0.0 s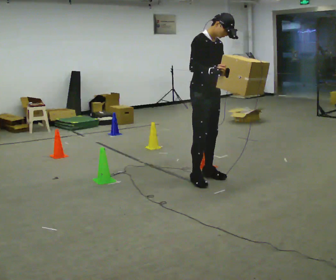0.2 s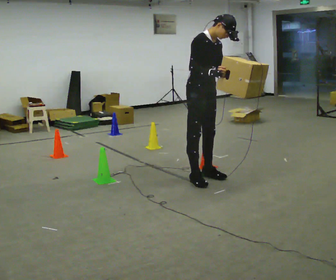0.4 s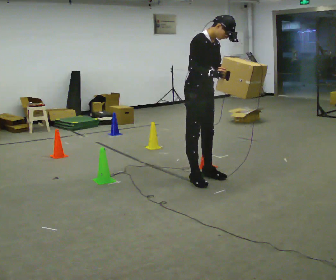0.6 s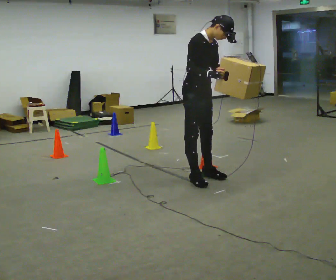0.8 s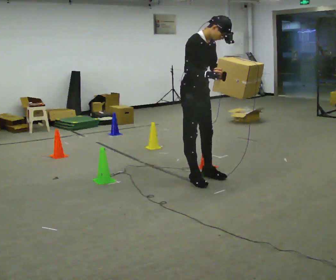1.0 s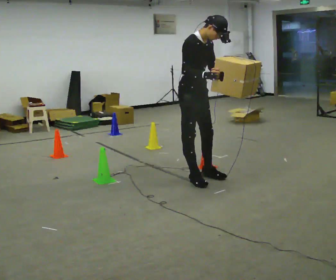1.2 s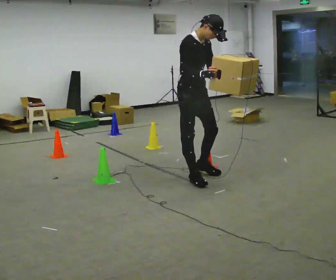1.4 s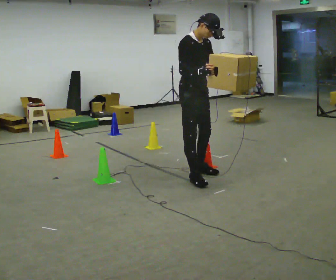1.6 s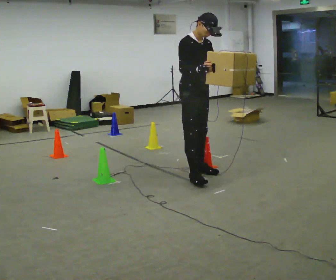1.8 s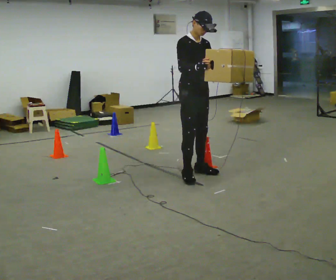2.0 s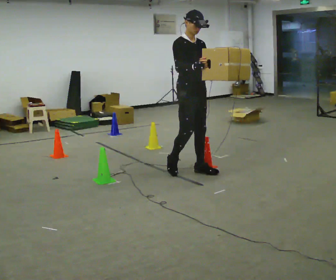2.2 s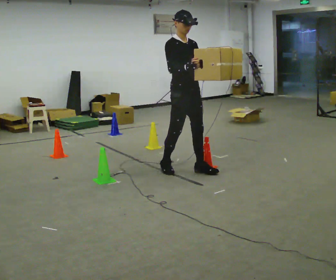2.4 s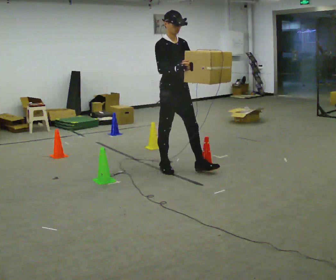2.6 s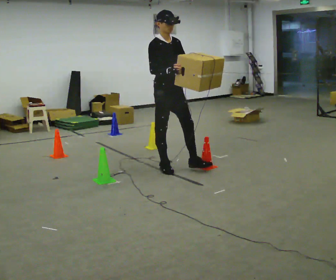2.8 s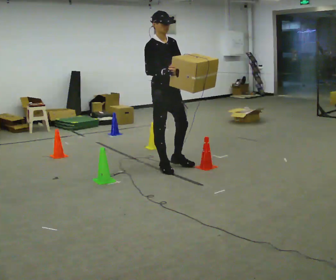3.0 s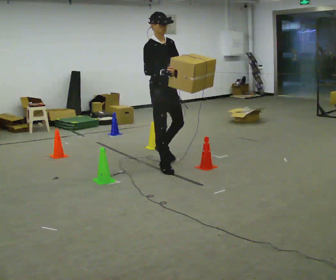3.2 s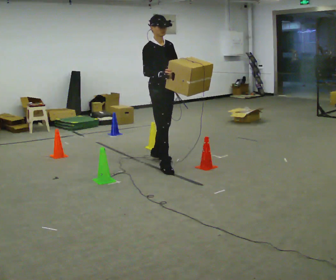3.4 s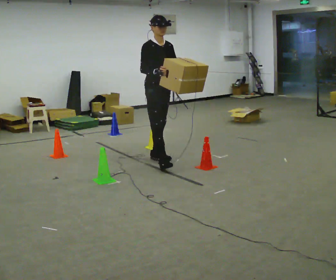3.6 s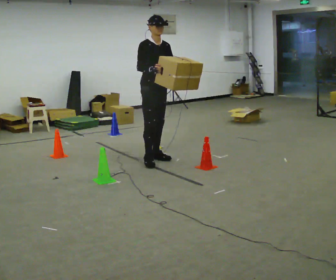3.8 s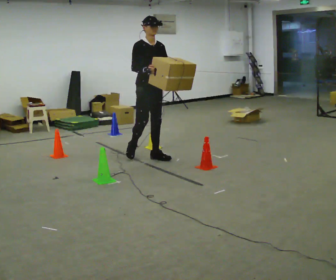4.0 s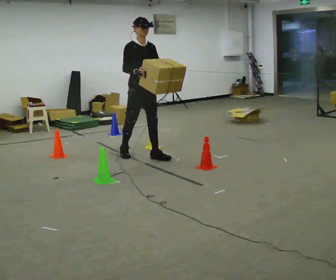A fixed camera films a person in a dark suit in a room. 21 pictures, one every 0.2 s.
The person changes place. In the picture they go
to the left.
0.0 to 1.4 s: The person moves a little, or ends about where they began.
1.4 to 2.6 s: In the picture they go to the left and away from the camera, about 0.5 m in 2 steps, which for them is backward.
2.6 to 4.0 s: In the picture they go to the left and away from the camera, about 0.5 m in 1 step, which for them is backward.
The film runs backward here.
